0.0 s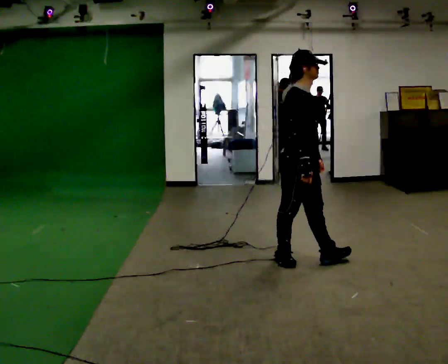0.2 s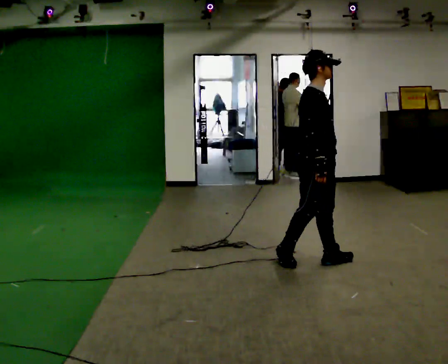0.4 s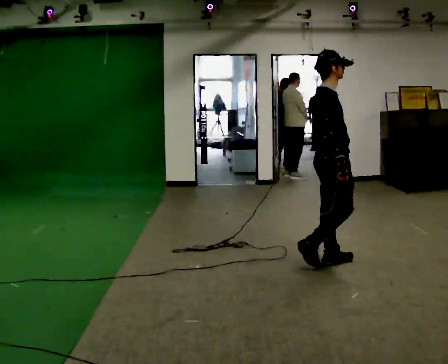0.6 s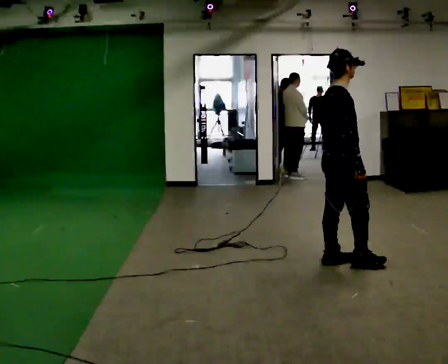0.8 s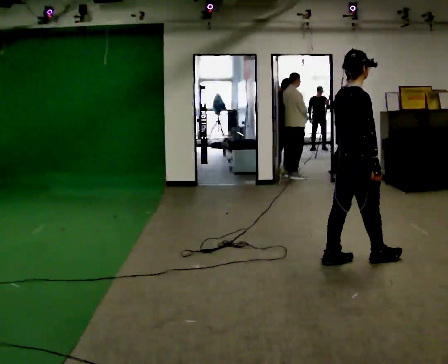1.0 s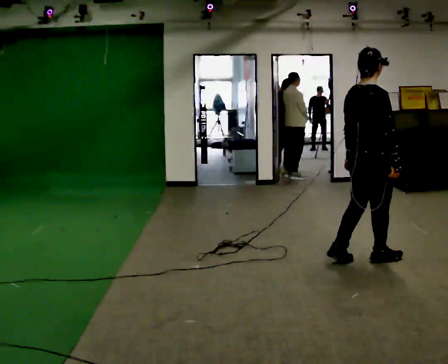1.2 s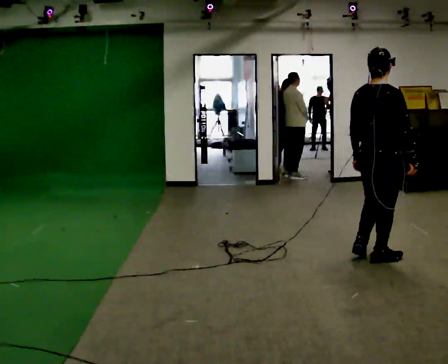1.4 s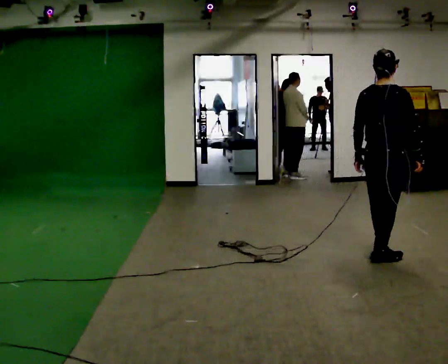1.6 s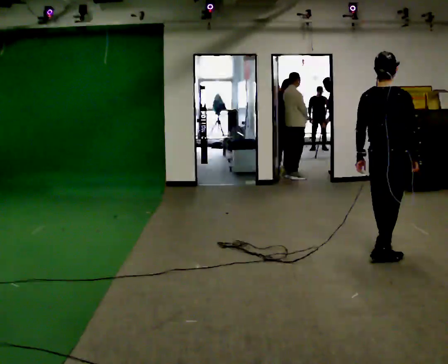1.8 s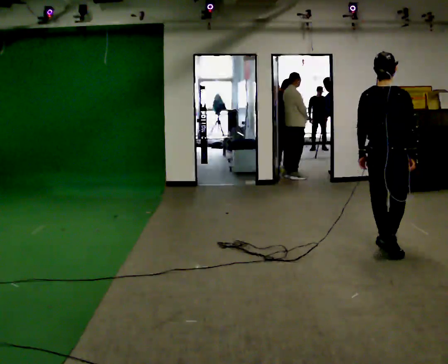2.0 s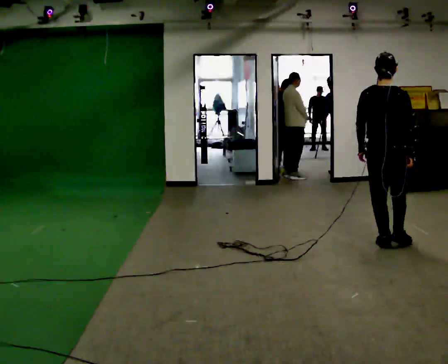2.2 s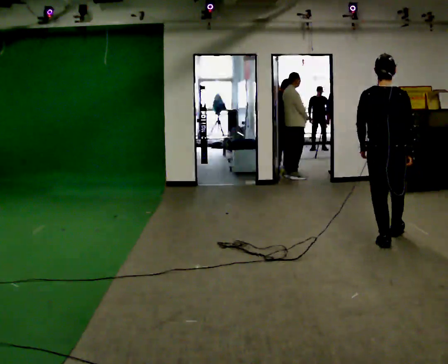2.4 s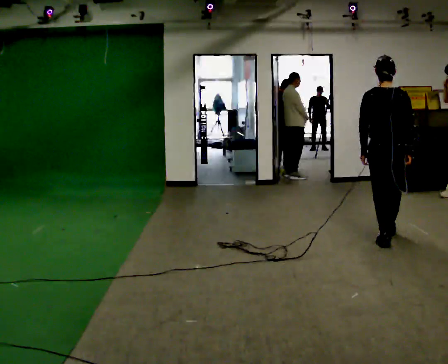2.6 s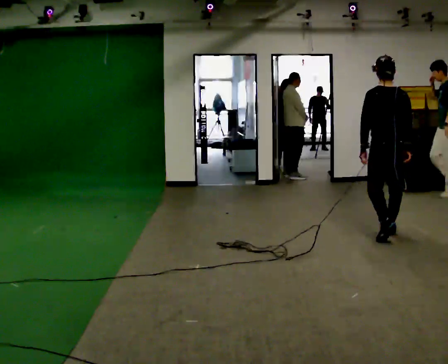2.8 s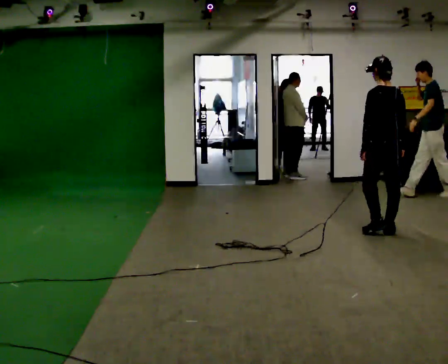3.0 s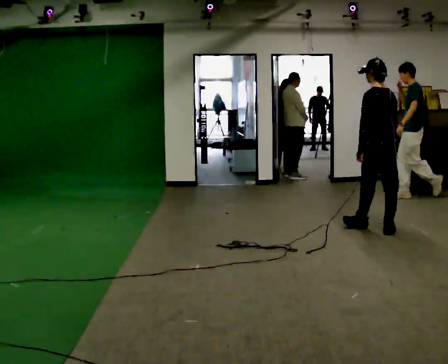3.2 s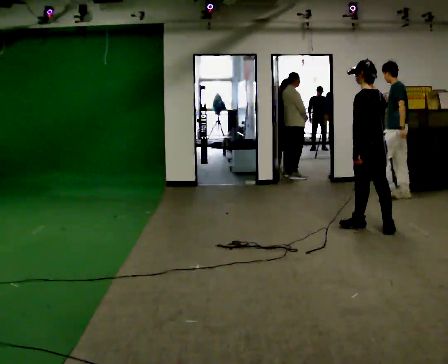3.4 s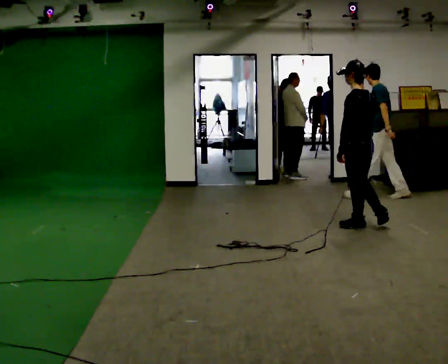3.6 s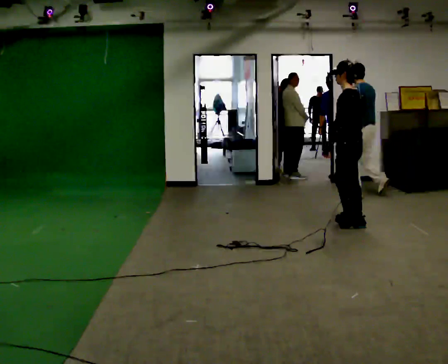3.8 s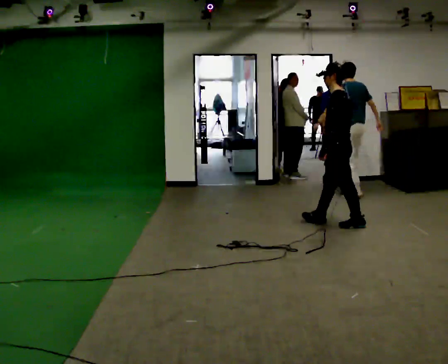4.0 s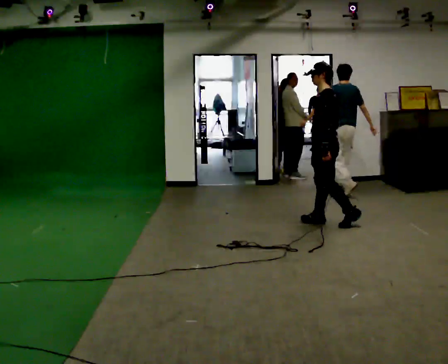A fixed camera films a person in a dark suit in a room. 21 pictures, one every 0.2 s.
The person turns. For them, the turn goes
to their left.
The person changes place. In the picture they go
away from the camera.
0.0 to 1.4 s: The person turns about 75 degrees to their left, counterclockwise seen from above, so the part of the body nearest the lens slides to the right. In the picture they go to the right, about 0.75 m in 2 steps.
1.4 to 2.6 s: The part of the body nearest the lens slides to the right as the person turns to their left by about 60 degrees. In the picture they go away from the camera, about 0.5 m in 2 steps, which for them is forward.
2.6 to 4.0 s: The person turns about 75 degrees to their left, counterclockwise seen from above, so the part of the body nearest the lens slides to the right. In the picture they go to the left and away from the camera, about 1 m in 2 steps.
The film runs forward here.
